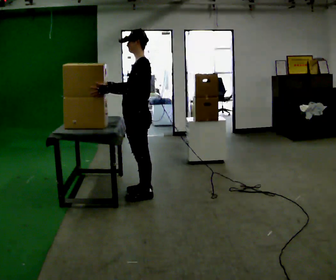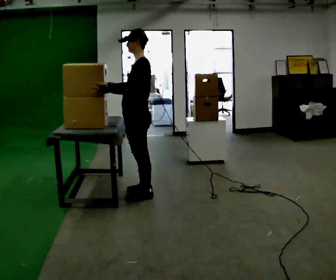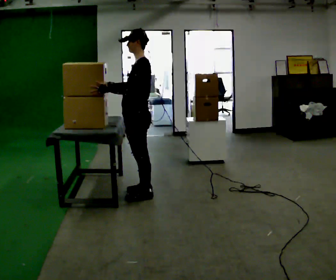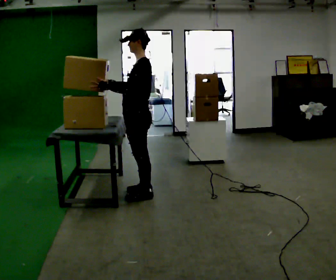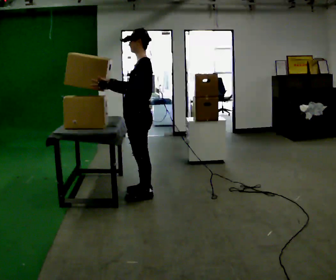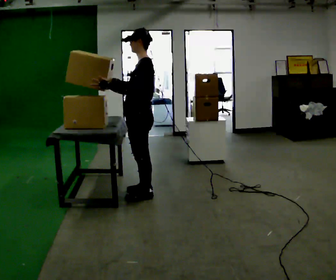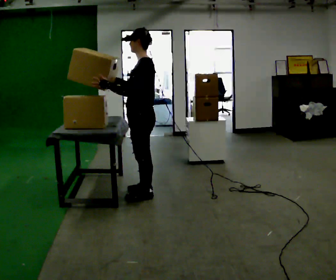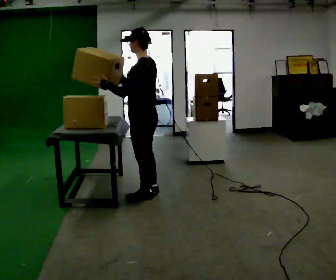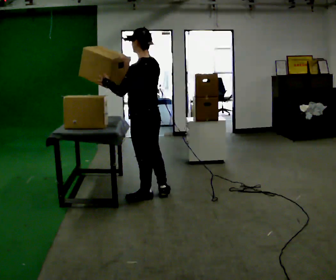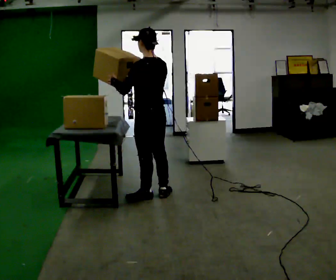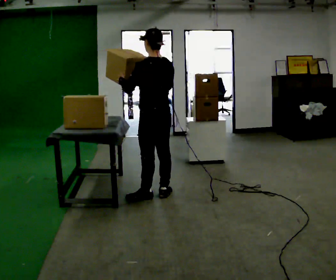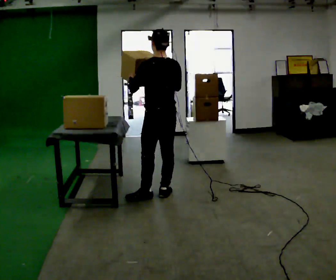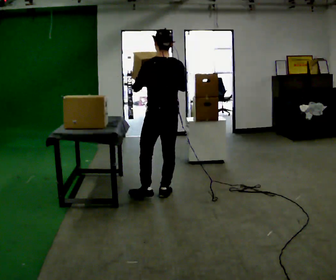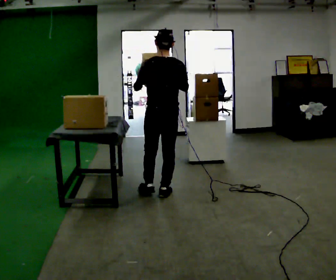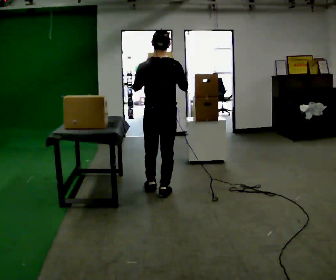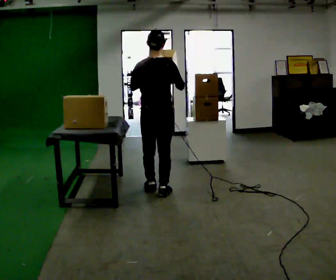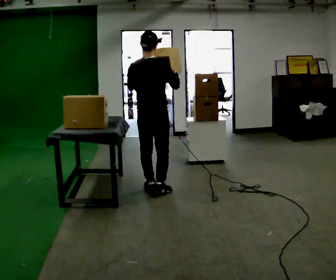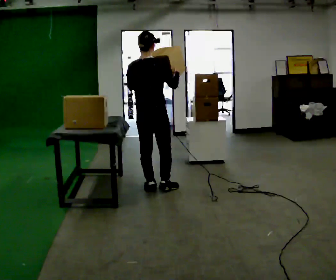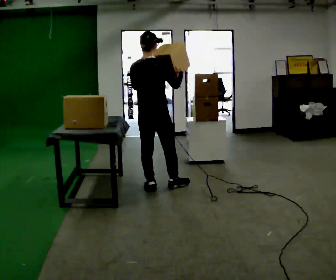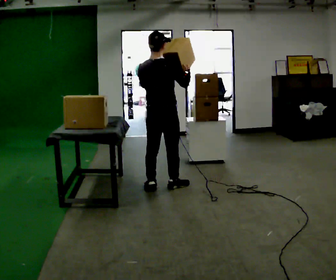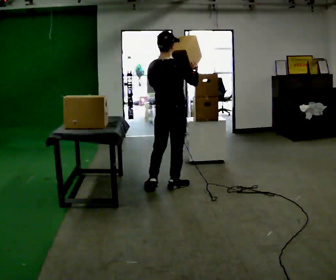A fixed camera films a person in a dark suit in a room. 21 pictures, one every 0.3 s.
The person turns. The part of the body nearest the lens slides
to the left.
The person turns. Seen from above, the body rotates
clockwise.
0.0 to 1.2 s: The person moves a little, or ends about where they began.
1.2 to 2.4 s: The person turns about 30 degrees to their right, clockwise seen from above, so the part of the body nearest the lens slides to the left.
2.4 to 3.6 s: Seen from above the body turns clockwise, about 30 degrees: to their right, with its near side sliding to the left. In the picture they go to the right, about 0.25 m, which for them is to their right. In the picture their right hand goes to the right.
3.6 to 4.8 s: The part of the body nearest the lens slides to the left as the person turns to their right by about 45 degrees. In the picture they go away from the camera, about 0.25 m in 1 step, which for them is forward.
4.8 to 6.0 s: In the picture they go to the right, about 0.25 m in 1 step, which for them is to their right and forward.
The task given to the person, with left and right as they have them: Reach up into the bin on the top shelf, take out one object at a time, and carry it to the table. Keep going until the operator says stop; one object at a time, and do not rush between trips.
The film runs forward here.
